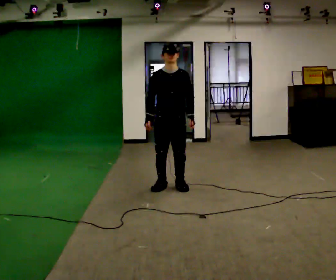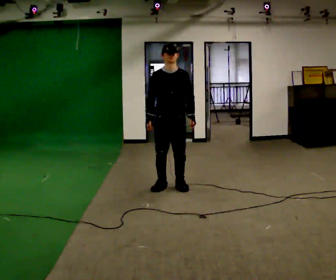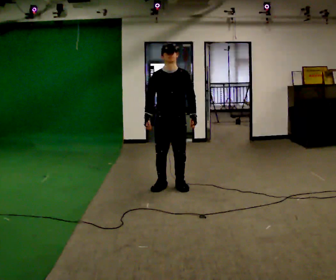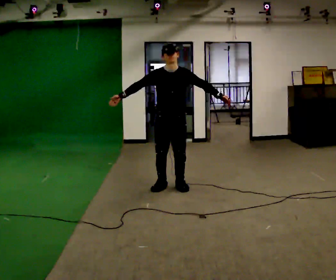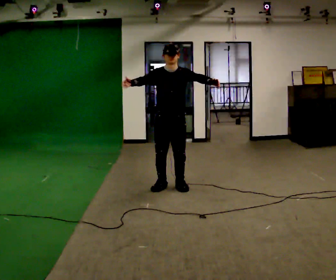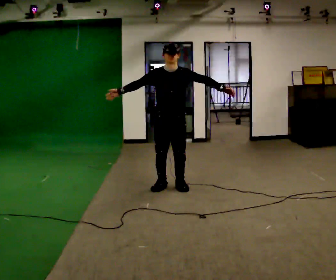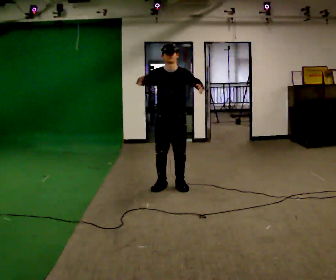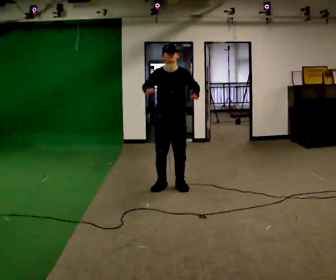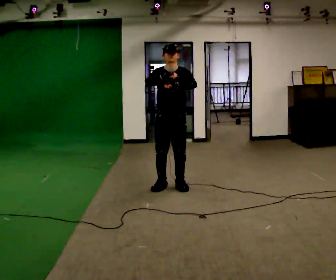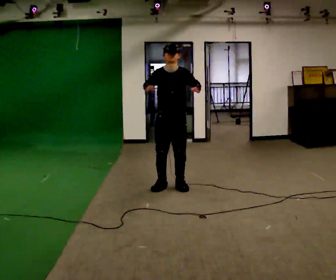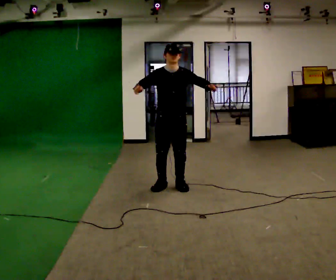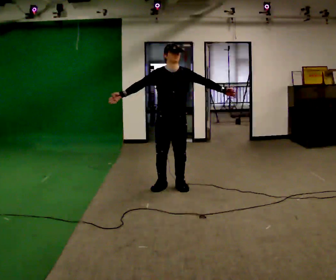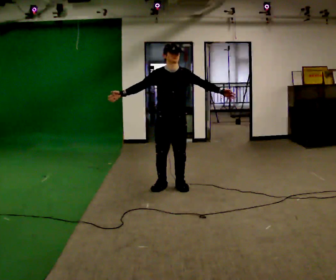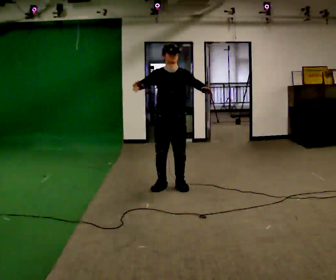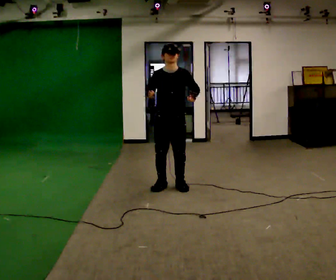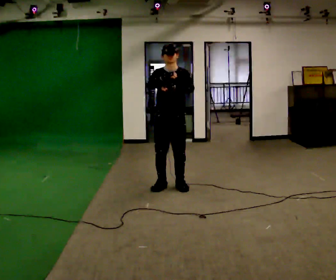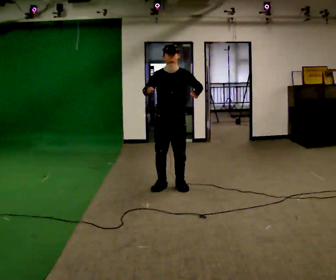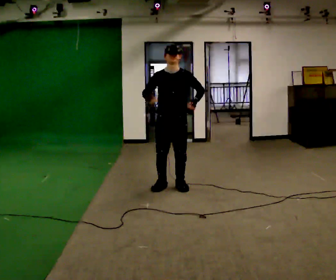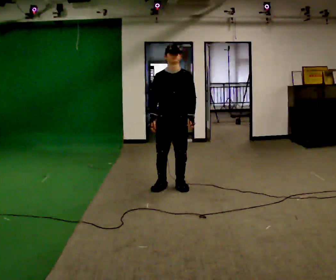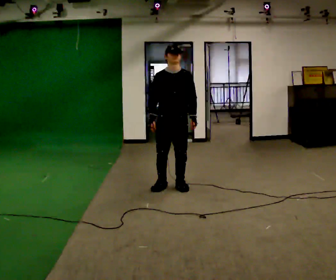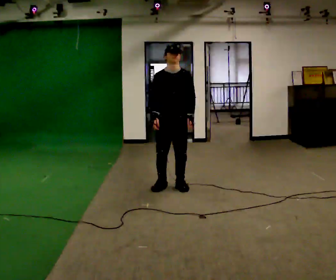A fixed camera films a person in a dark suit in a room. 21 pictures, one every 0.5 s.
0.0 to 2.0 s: In the picture their left hand goes upward, the arm swinging counterclockwise.
2.0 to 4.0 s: In the picture their left hand goes to the left.
4.0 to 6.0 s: In the picture their left hand goes to the right.
6.0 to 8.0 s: The person moves a little, or ends about where they began.
8.0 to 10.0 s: In the picture their right hand goes downward.
The film runs backward here.
